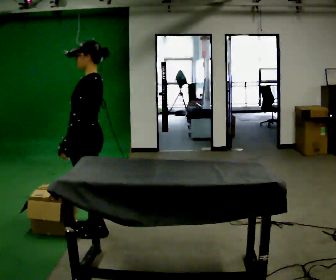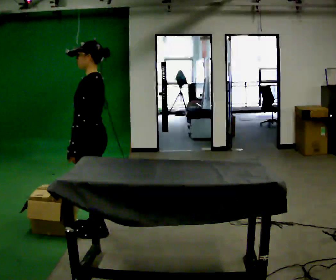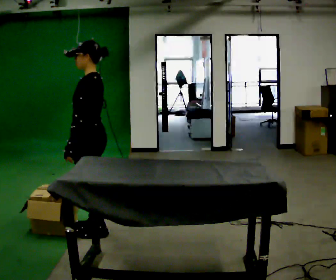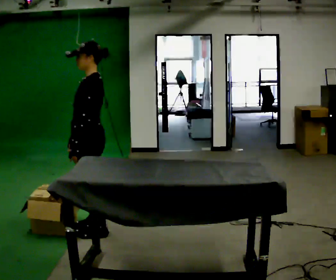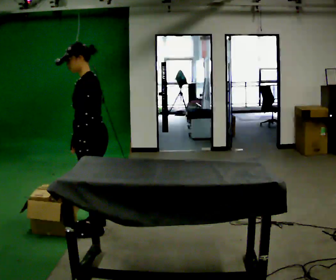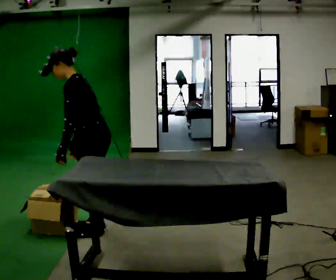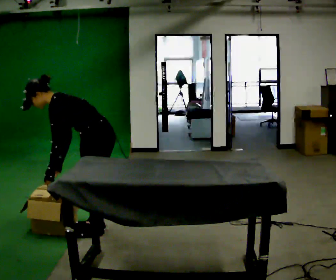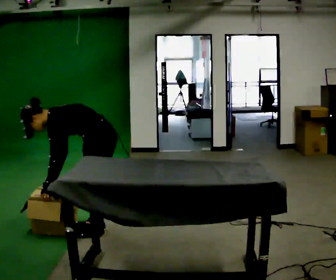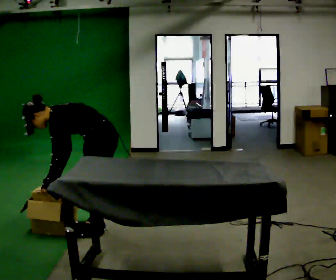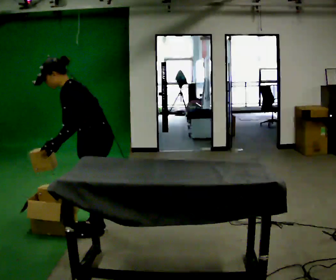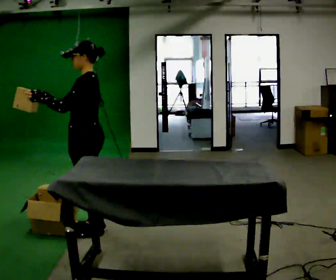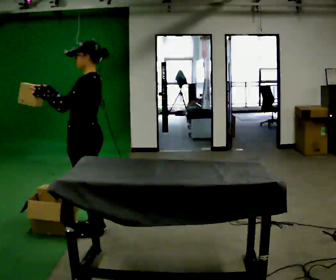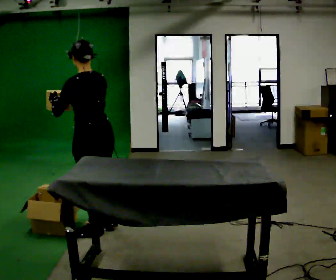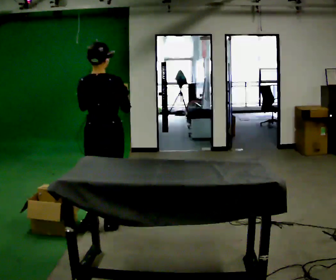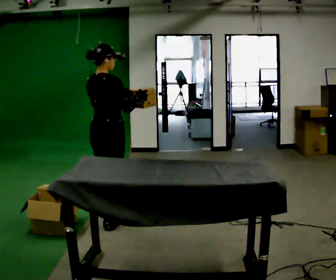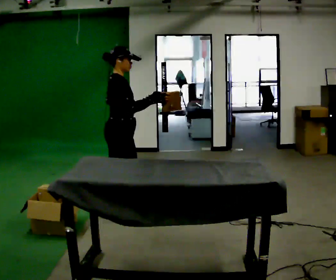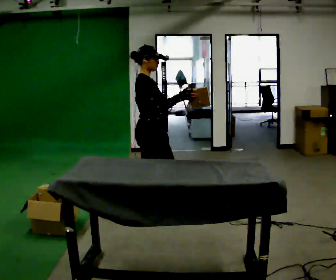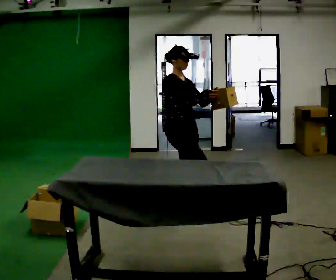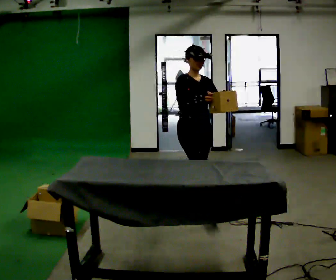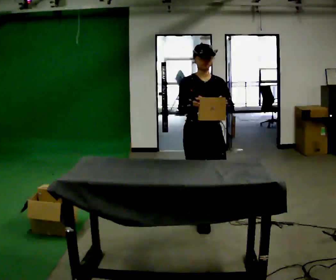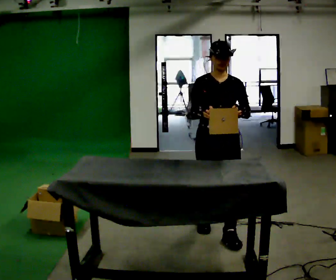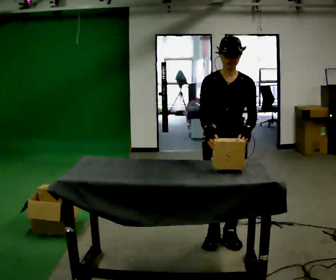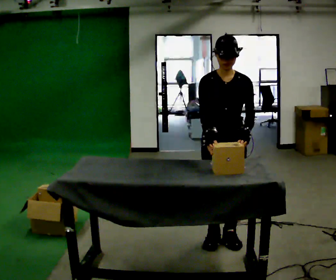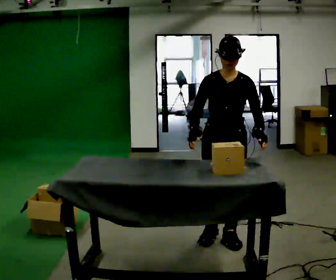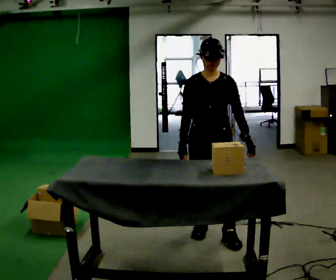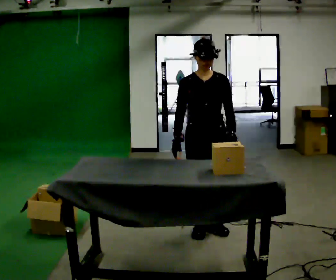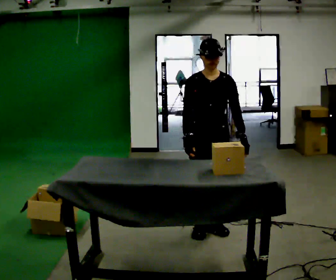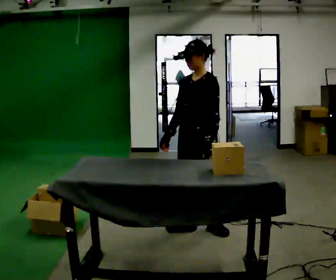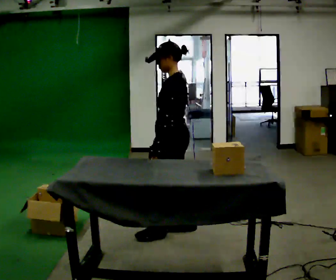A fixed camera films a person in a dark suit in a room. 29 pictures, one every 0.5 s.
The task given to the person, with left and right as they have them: Carry each object across the room and drop it into the container on the floor, then walk back for the next one. Keep going until the operator says stop; one object at a time, and do not rush between trips.
0.0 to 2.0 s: In the picture the upper body tilts counterclockwise, shoulders to the left, as they bend forward.
2.0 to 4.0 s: The upper body goes downward. In the picture the upper body tilts counterclockwise, shoulders to the left, as they bend forward.
4.0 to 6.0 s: Seen from above the body turns clockwise, about 45 degrees: to their right, with its near side sliding to the left. The shoulders move upward. In the picture the upper body tilts clockwise, shoulders to the right, as they lean back or straighten. In the picture their left hand goes upward.
6.0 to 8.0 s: Seen from above the body turns clockwise, about 150 degrees: to their right, with its near side sliding to the left. In the picture they go to the right and away from the camera, about 0.5 m in 2 steps.
8.0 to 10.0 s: Seen from above the body turns clockwise, about 90 degrees: to their right, with its near side sliding to the left. In the picture they go toward the camera and to the right, about 0.5 m in 3 steps.
10.0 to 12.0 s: The person moves a little, or ends about where they began.
12.0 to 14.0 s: Seen from above the body turns clockwise, about 75 degrees: to their right, with its near side sliding to the left. In the picture they go to the left, about 0.25 m in 1 step.
The film runs forward here.
